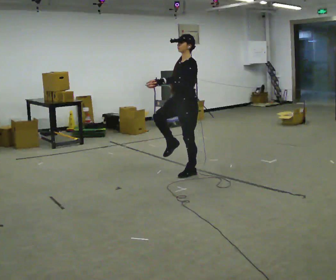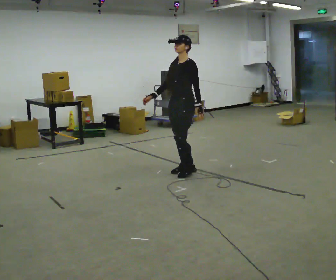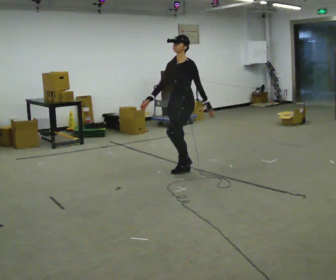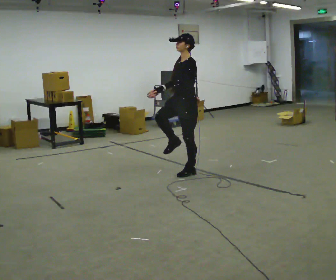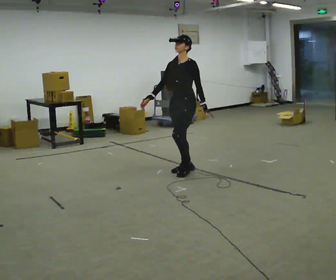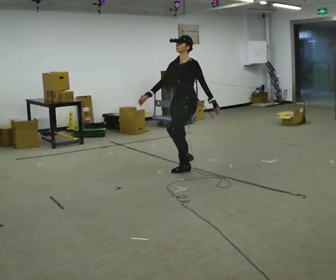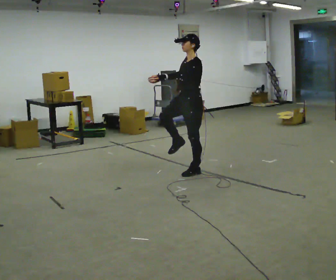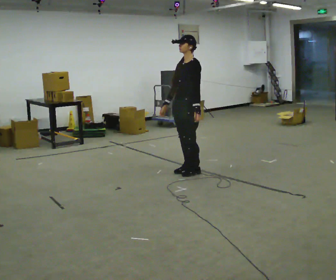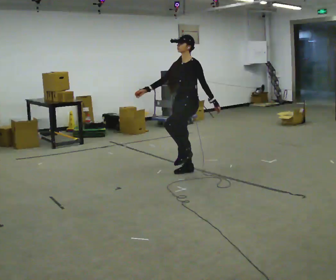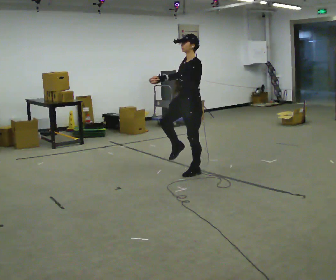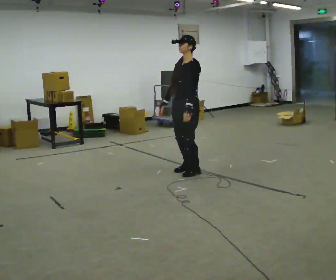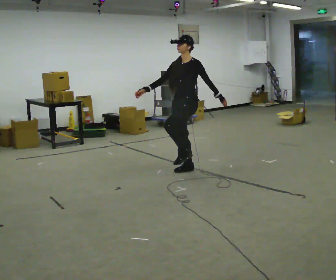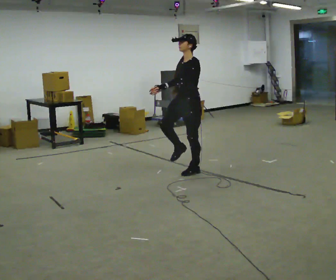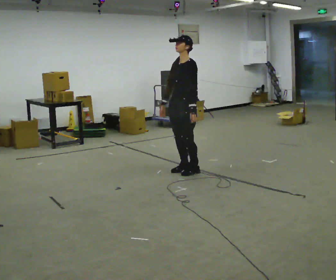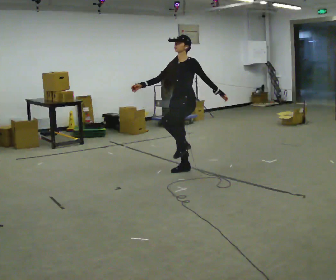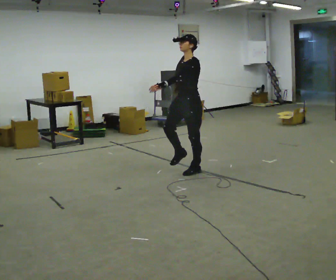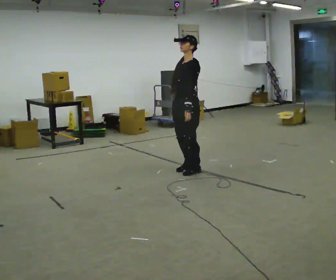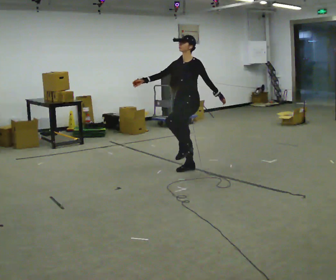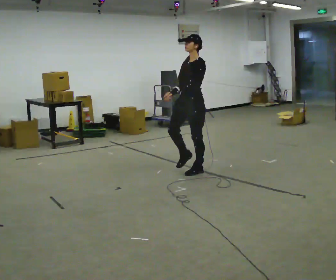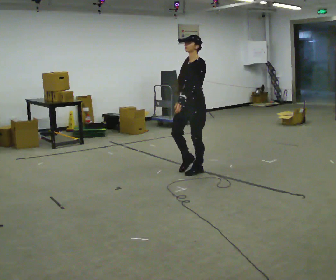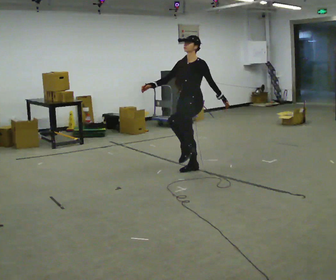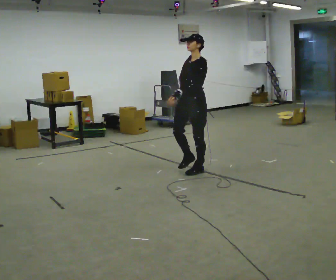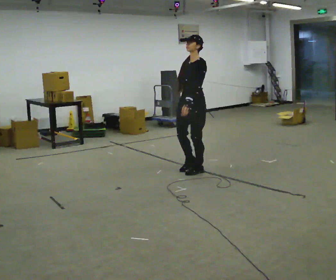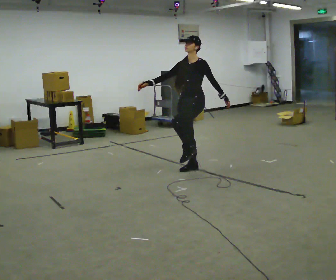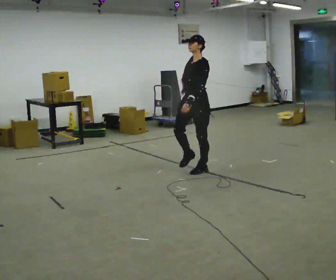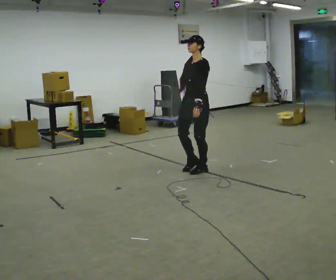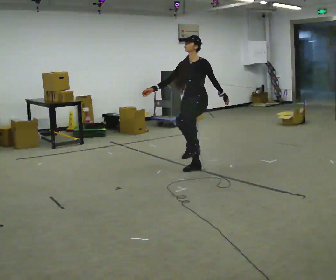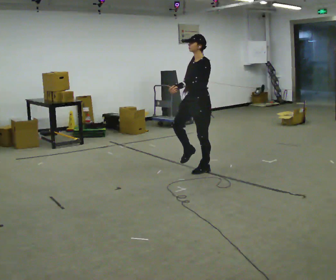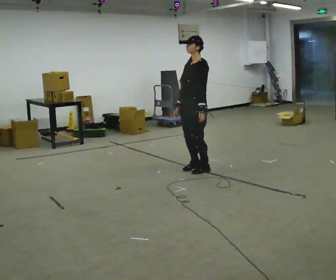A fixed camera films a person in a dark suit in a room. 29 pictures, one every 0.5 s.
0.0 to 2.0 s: In the picture their left hand goes to the right.
2.0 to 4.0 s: The person moves a little, or ends about where they began.
4.0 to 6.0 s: In the picture their left hand goes to the left.
6.0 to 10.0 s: In the picture their left hand goes to the right.
10.0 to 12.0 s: In the picture their left hand goes to the left.
12.0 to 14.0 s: The person moves a little, or ends about where they began.
The film runs backward here.
